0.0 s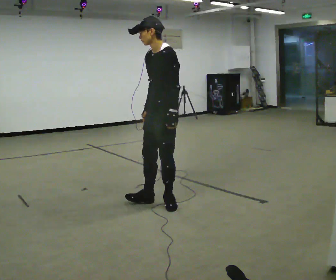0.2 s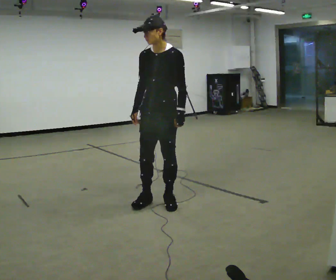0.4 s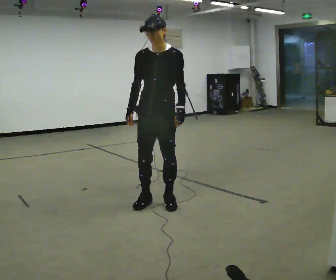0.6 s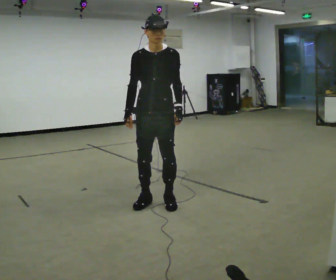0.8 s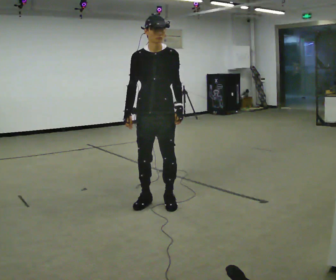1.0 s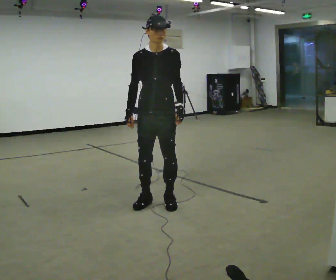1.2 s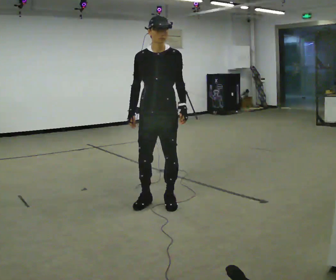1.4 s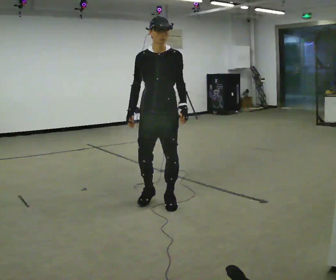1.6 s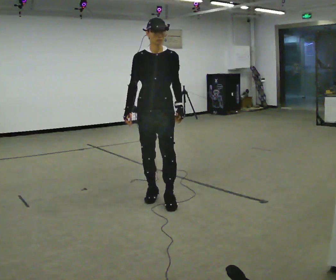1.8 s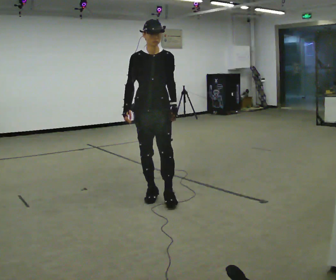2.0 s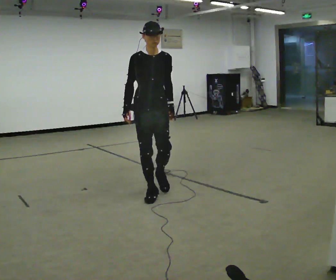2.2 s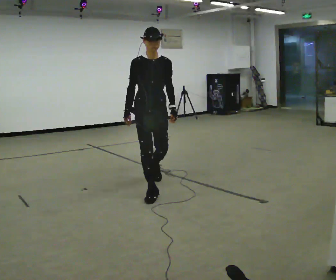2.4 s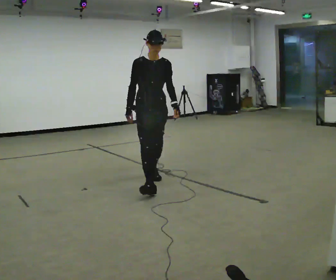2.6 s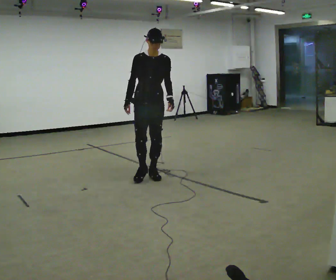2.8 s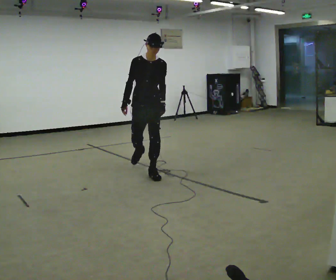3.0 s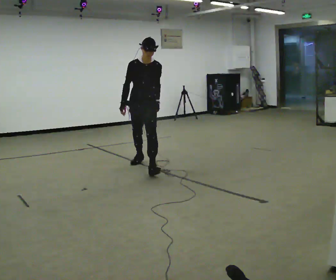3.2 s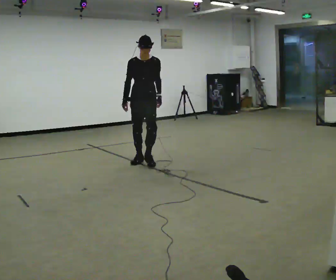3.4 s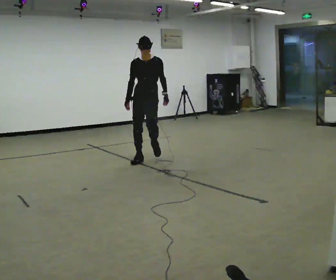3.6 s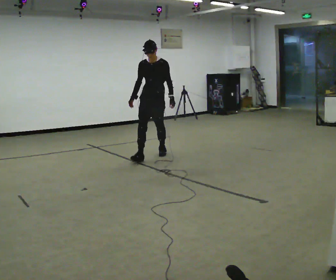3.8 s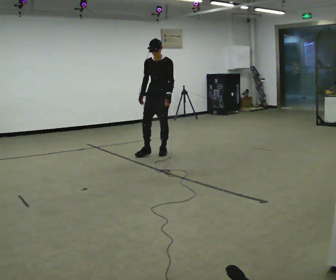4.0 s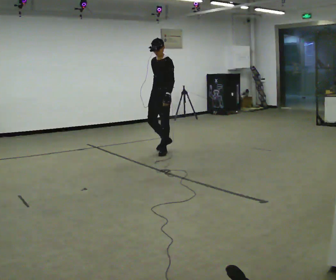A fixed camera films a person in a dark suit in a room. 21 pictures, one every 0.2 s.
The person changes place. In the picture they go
away from the camera.
0.0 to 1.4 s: The person turns about 60 degrees to their left, counterclockwise seen from above, so the part of the body nearest the lens slides to the right.
1.4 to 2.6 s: In the picture they go away from the camera, about 1 m in 2 steps, which for them is backward.
2.6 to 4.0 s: Seen from above the body turns clockwise, about 60 degrees: to their right, with its near side sliding to the left. In the picture they go away from the camera, about 1.5 m in 2 steps, which for them is backward.
The film runs backward here.
